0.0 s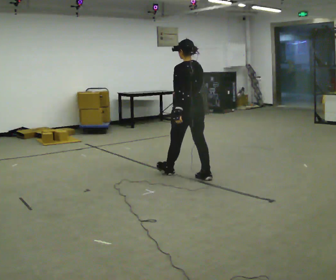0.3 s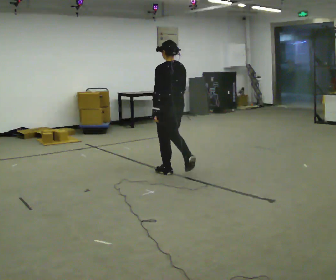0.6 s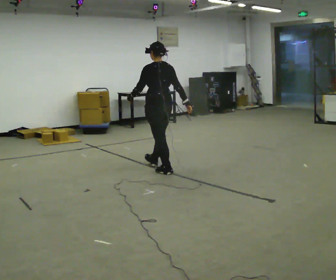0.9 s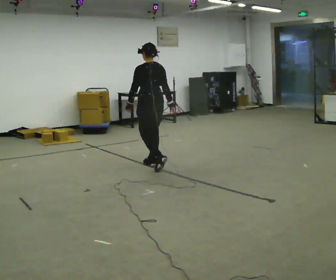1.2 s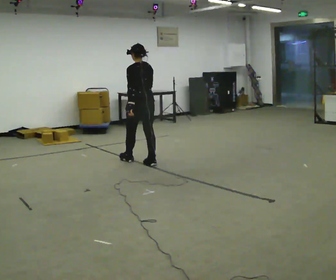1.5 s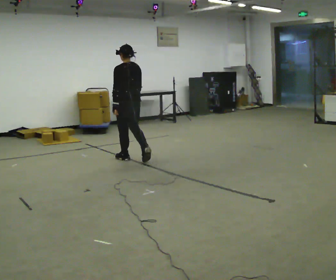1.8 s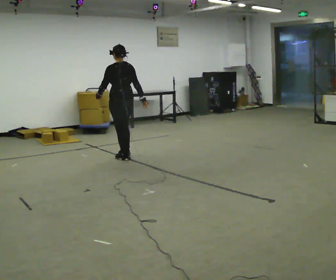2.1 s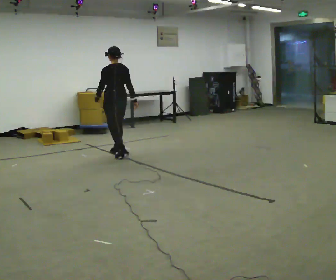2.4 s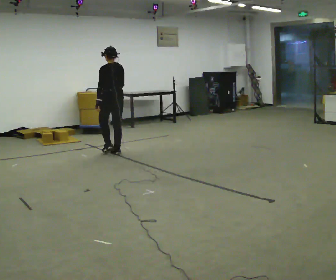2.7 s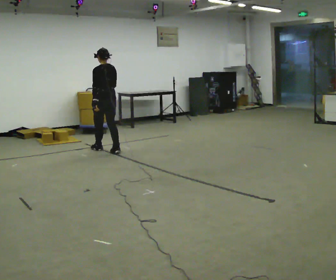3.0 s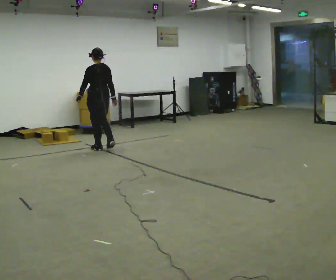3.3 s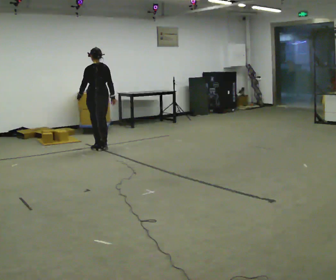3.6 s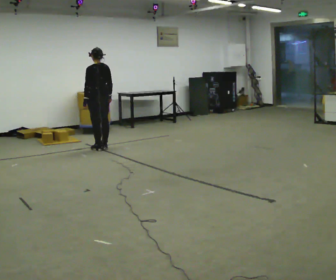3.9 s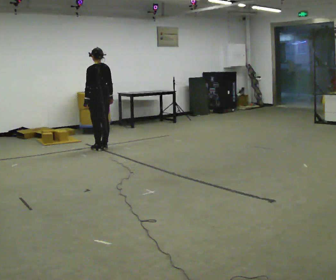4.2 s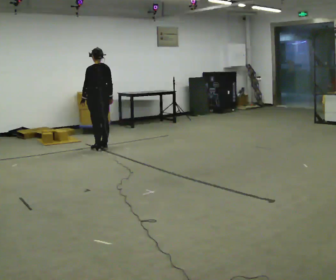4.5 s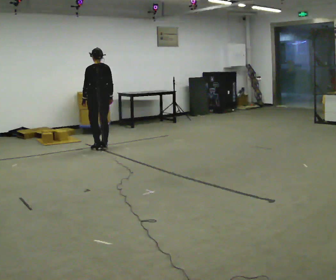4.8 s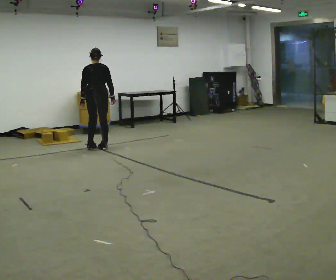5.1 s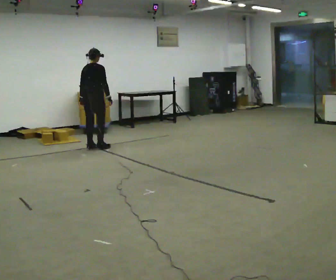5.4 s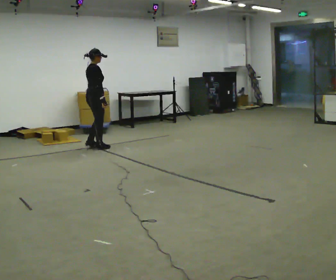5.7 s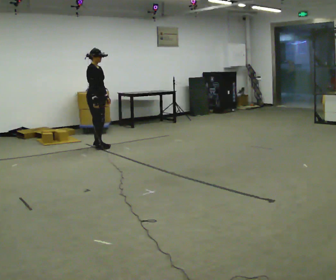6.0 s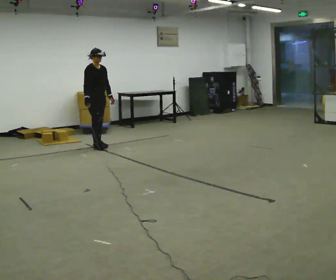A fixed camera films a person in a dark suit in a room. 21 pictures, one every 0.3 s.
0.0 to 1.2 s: In the picture they go away from the camera and to the left, about 1 m in 2 steps, which for them is forward.
1.2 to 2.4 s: In the picture they go away from the camera and to the left, about 1 m in 2 steps, which for them is forward.
2.4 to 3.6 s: In the picture they go away from the camera and to the left, about 0.5 m in 2 steps, which for them is forward.
3.6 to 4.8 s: Seen from above the body turns clockwise, about 30 degrees: to their right, with its near side sliding to the left.
4.8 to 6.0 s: The person turns about 135 degrees to their right, clockwise seen from above, so the part of the body nearest the lens slides to the left. In the picture they go away from the camera, about 0.25 m in 1 step. In the picture their right hand goes to the left, the arm swinging clockwise.
The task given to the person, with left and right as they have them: Start still; walk straight at normal comfortable speed; stop at endpoint.
The film runs forward here.
